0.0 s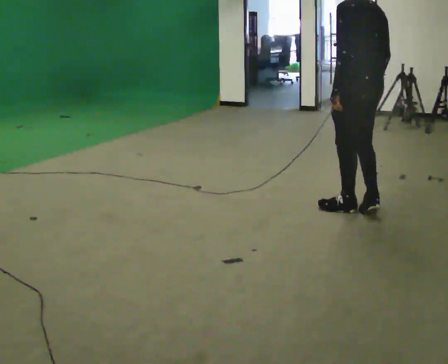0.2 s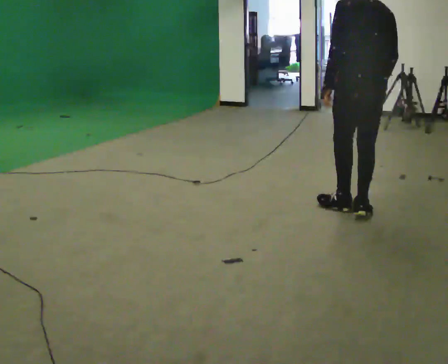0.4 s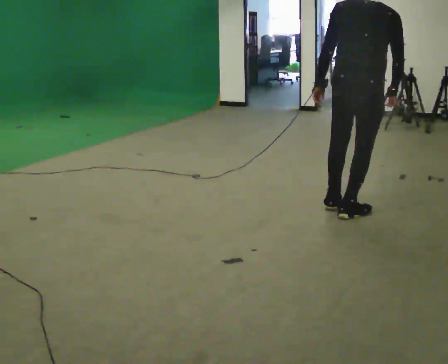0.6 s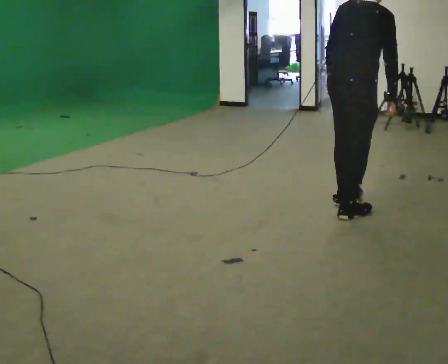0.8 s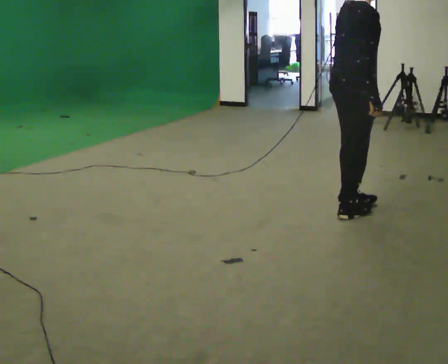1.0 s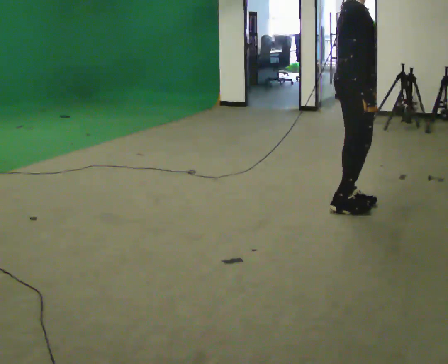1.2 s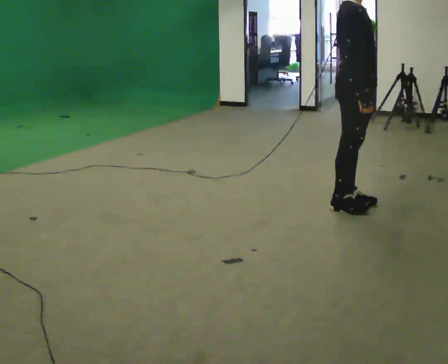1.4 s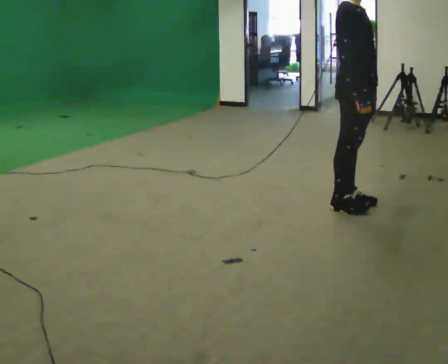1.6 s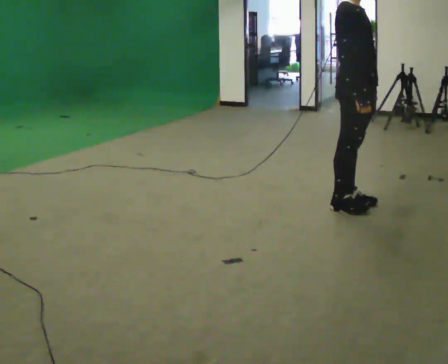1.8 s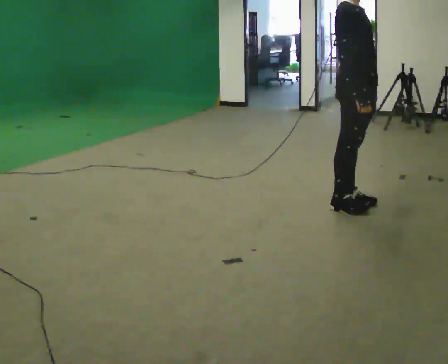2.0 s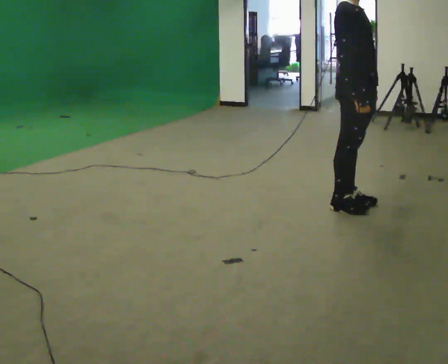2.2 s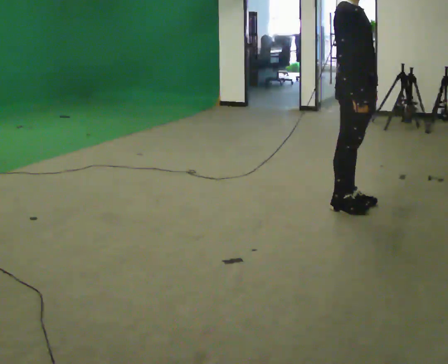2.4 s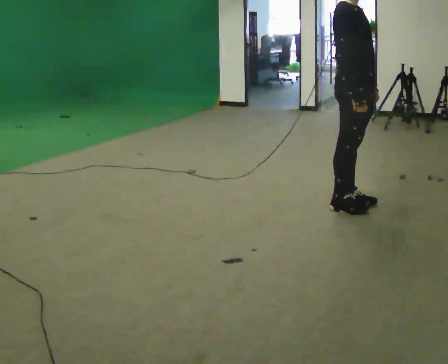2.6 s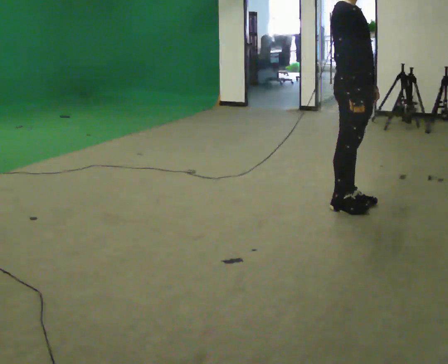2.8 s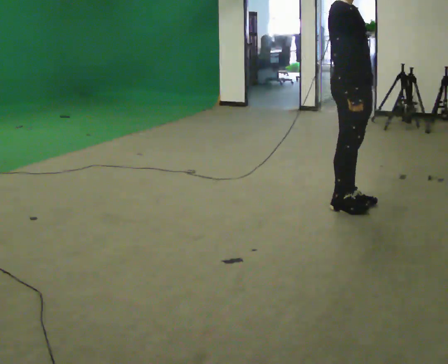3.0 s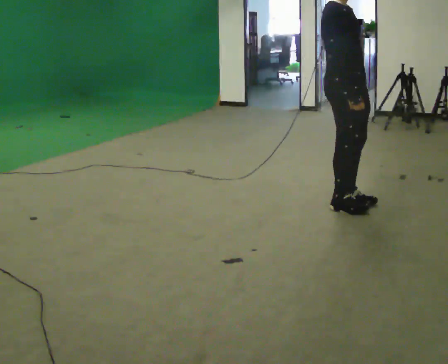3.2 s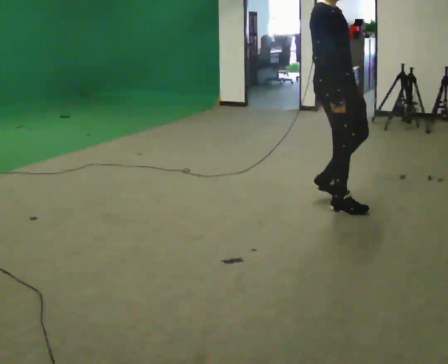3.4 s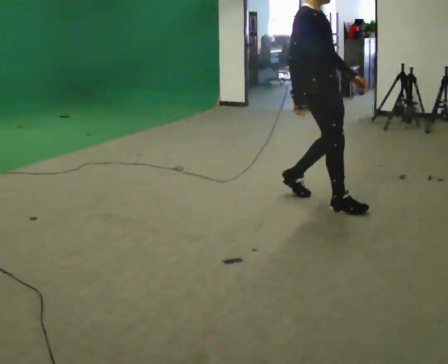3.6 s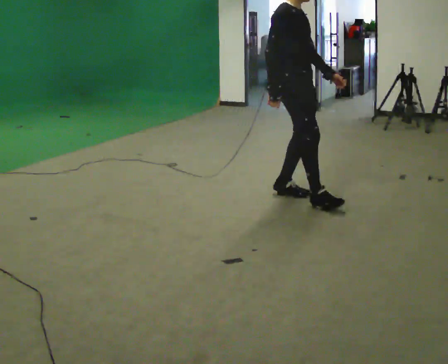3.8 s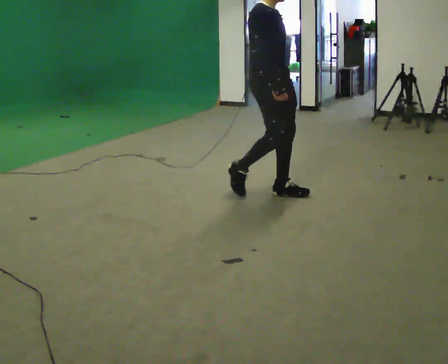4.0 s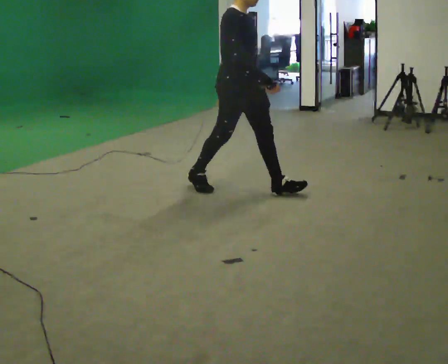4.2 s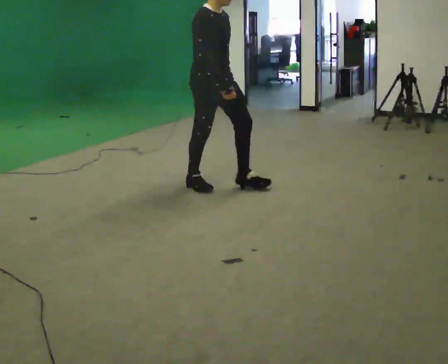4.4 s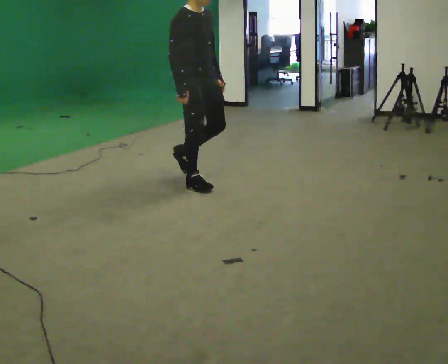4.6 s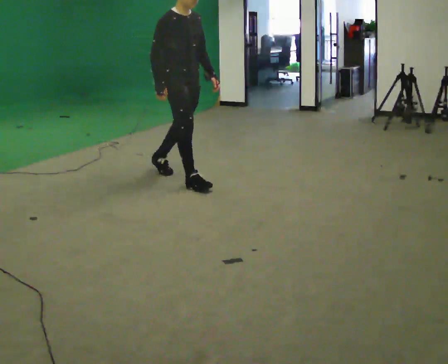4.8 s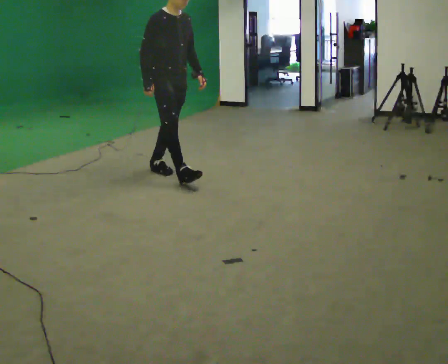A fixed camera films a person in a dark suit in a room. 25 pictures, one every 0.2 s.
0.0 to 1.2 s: Seen from above the body turns clockwise, about 150 degrees: to their right, with its near side sliding to the left.
1.2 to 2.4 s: The person moves a little, or ends about where they began.
2.4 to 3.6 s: In the picture they go to the left, about 0.5 m in 2 steps, which for them is backward.
3.6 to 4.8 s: In the picture they go to the left, about 1 m in 2 steps, which for them is backward.
The film runs backward here.
